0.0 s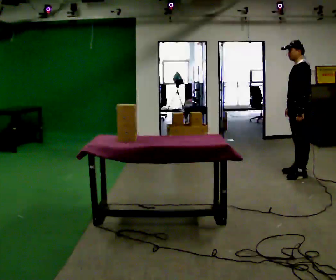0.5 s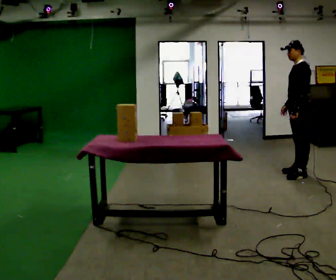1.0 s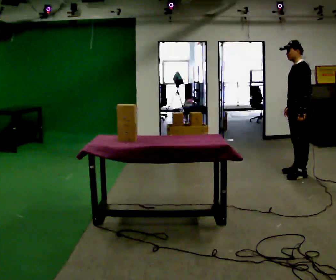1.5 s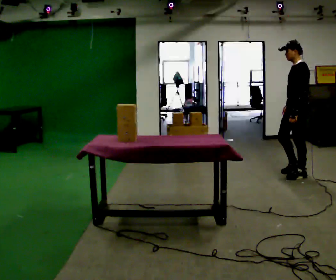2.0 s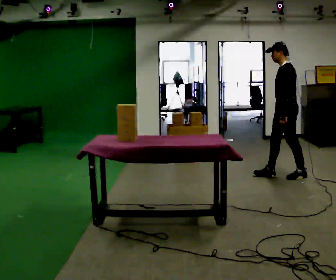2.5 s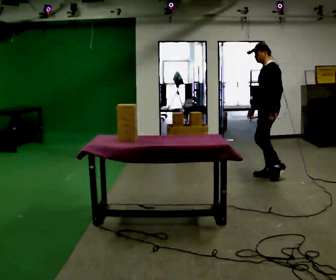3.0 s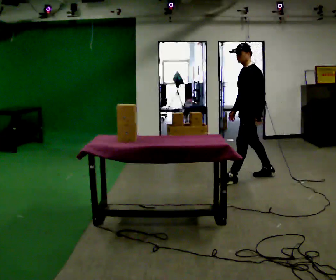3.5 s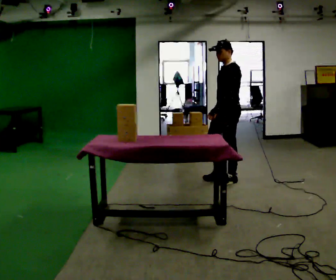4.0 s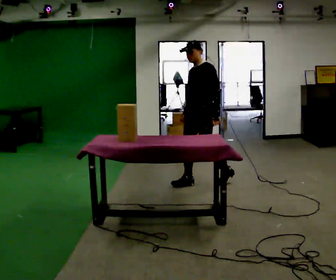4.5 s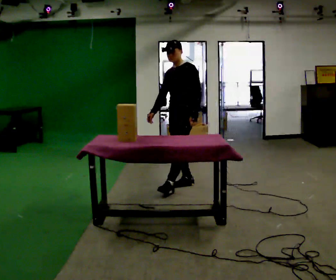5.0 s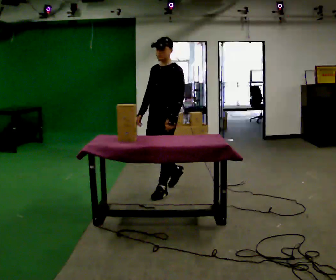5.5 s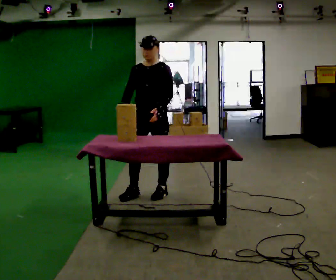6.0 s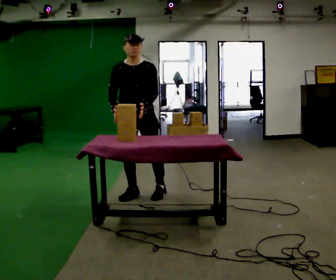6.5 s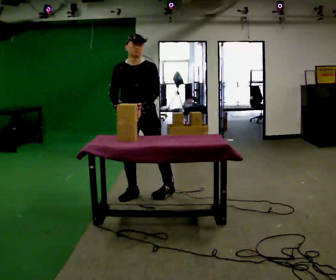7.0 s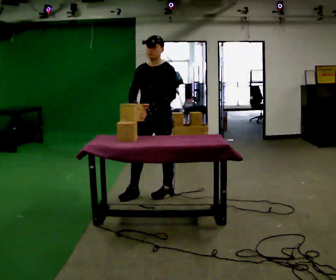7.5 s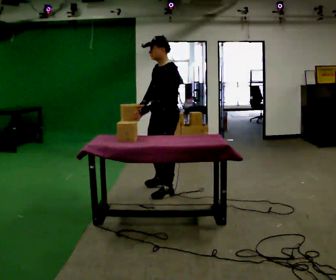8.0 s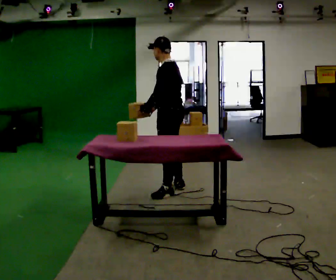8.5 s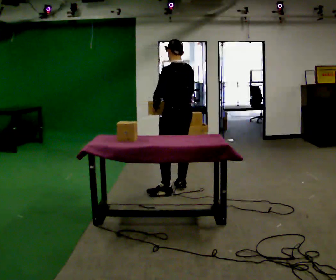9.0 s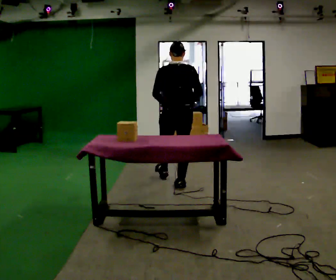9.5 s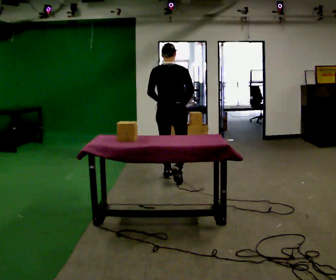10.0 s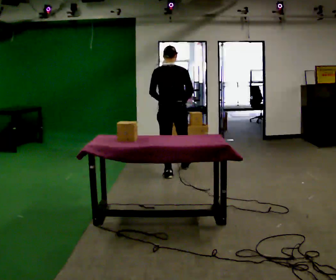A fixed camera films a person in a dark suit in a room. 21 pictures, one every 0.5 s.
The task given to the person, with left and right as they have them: Clear everything off the table and put it away on the shelf, in as many trips as you need. Keep going until the operator says stop; one object at a time, and do not rush between trips.
0.0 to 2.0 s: In the picture they go to the left, about 0.25 m in 1 step, which for them is forward.
2.0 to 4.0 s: The person turns about 30 degrees to their left, counterclockwise seen from above, so the part of the body nearest the lens slides to the right. In the picture they go to the left, about 1 m in 2 steps, which for them is forward.
4.0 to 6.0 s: The part of the body nearest the lens slides to the right as the person turns to their left by about 60 degrees. In the picture they go to the left and toward the camera, about 1 m in 2 steps, which for them is forward.
6.0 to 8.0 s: Seen from above the body turns clockwise, about 105 degrees: to their right, with its near side sliding to the left. In the picture they go to the right, about 0.5 m in 1 step.
8.0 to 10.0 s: Seen from above the body turns clockwise, about 75 degrees: to their right, with its near side sliding to the left. In the picture they go away from the camera, about 1 m in 1 step.
The film runs forward here.
